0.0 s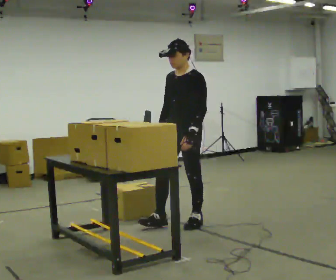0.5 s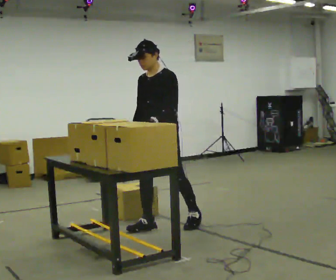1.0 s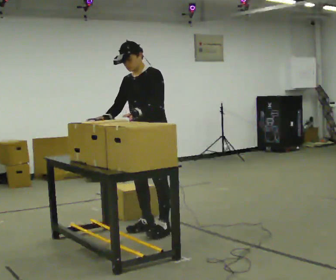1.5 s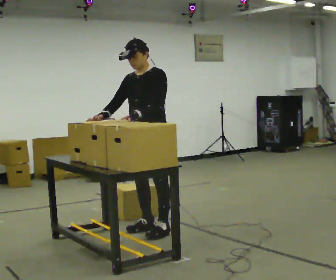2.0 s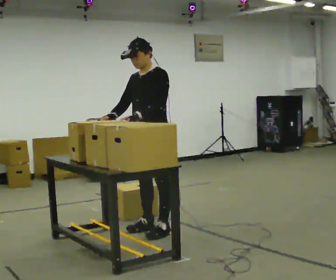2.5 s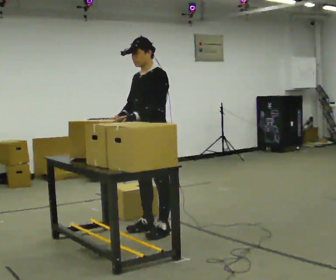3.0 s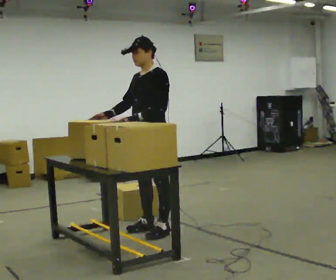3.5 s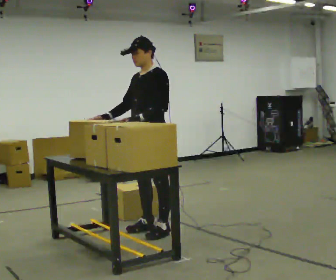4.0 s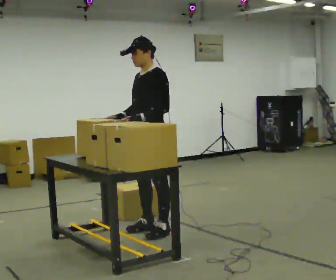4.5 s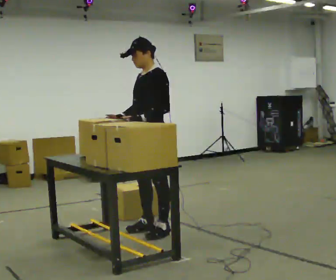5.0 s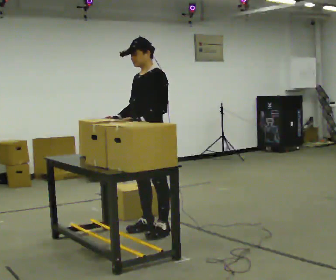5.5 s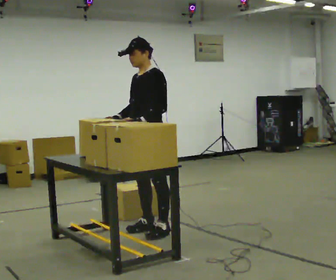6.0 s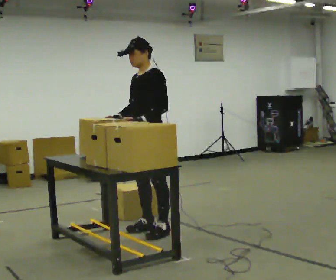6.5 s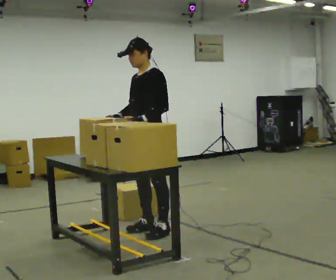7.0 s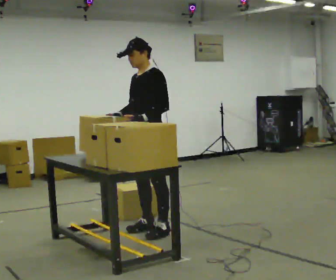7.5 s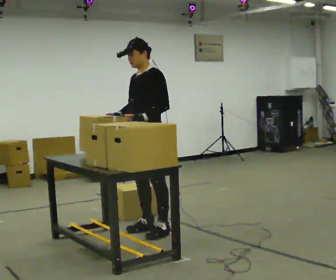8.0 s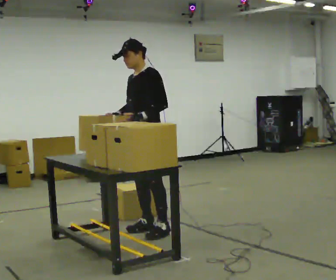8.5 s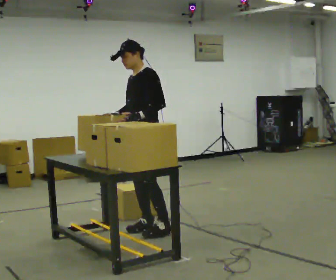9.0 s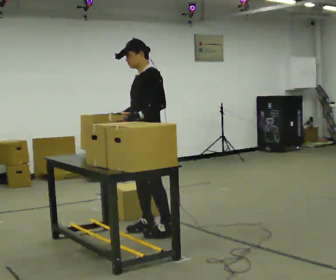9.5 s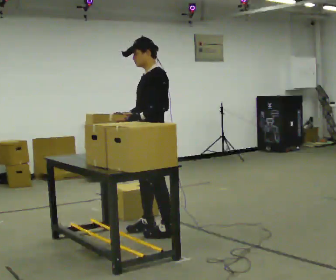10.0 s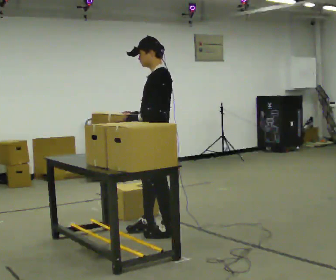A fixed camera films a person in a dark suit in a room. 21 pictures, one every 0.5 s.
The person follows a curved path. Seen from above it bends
counterclockwise.
0.0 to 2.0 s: In the picture they go to the left and toward the camera, about 0.25 m in 2 steps, which for them is forward.
2.0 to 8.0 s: The person moves a little, or ends about where they began.
8.0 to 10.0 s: The part of the body nearest the lens slides to the left as the person turns to their right by about 30 degrees. In the picture they go toward the camera, about 0.25 m, which for them is to their left.
The film runs forward here.
